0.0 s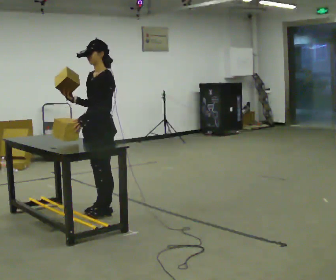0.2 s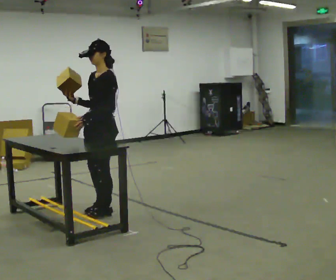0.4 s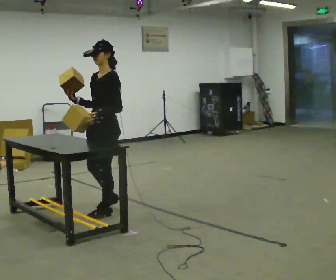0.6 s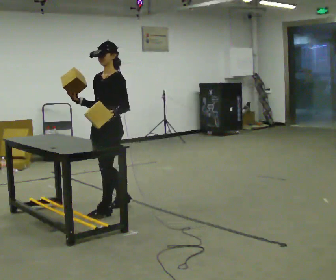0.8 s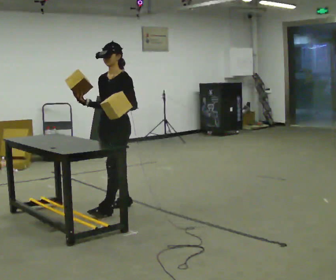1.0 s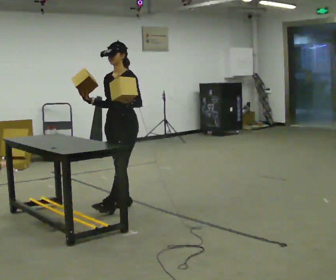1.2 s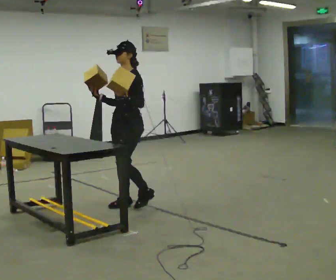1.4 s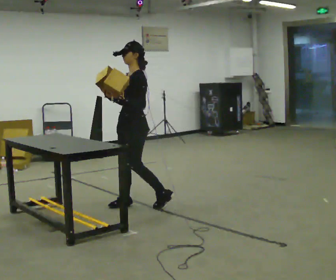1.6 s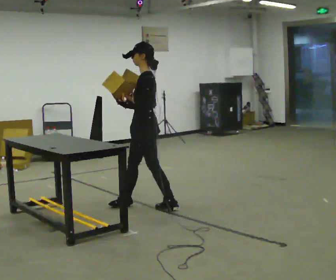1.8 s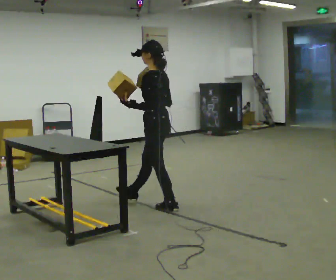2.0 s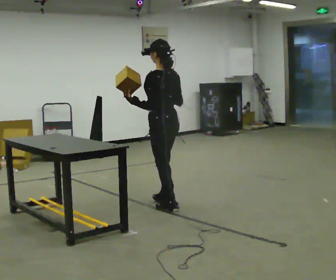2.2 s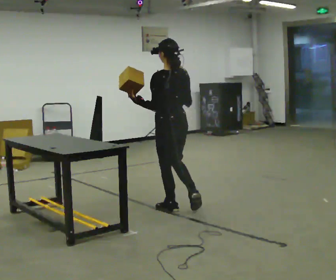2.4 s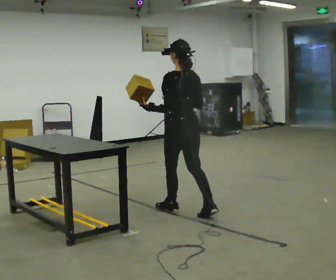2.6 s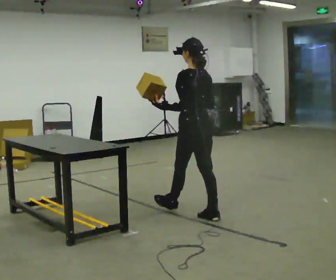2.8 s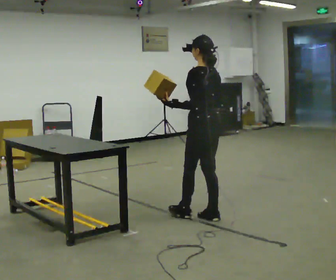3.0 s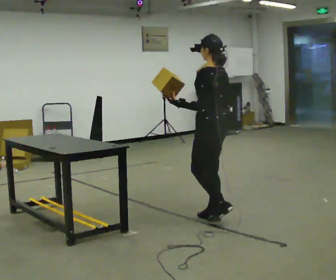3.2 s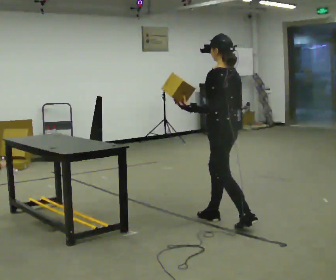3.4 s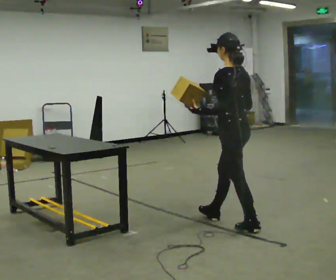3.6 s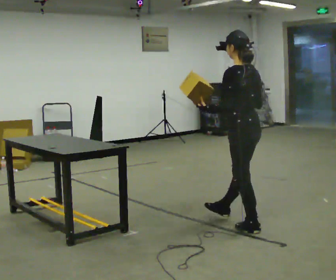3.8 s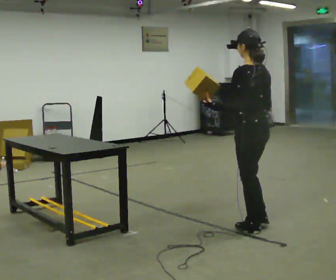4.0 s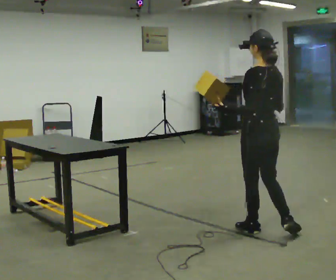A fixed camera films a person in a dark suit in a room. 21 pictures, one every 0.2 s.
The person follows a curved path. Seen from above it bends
clockwise.
The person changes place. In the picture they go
to the right.
0.0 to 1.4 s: In the picture they go to the right and away from the camera, about 0.25 m in 2 steps, which for them is backward.
1.4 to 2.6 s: Seen from above the body turns clockwise, about 60 degrees: to their right, with its near side sliding to the left. In the picture they go to the right and toward the camera, about 0.5 m in 1 step.
2.6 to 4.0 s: In the picture they go toward the camera and to the right, about 1 m in 2 steps, which for them is backward.
The film runs backward here.
